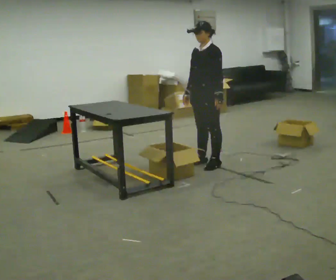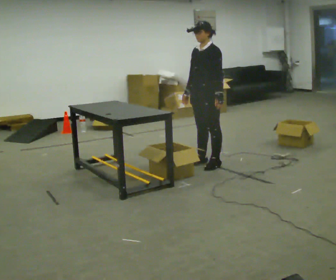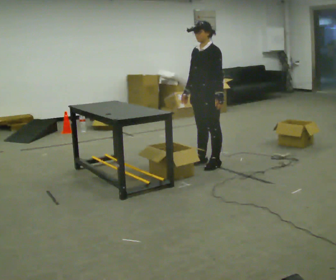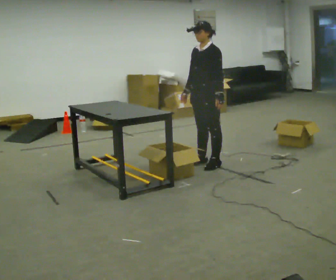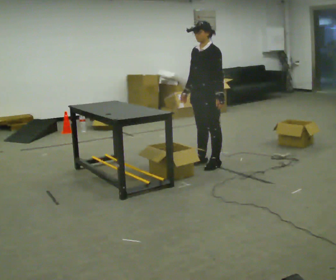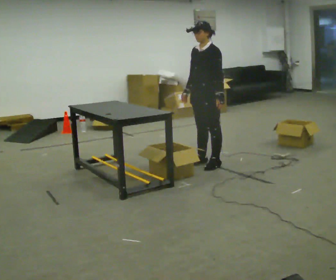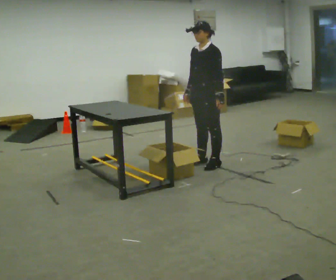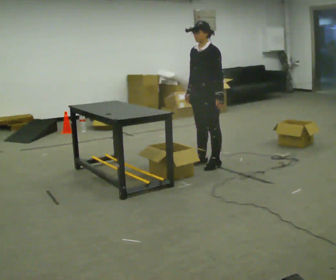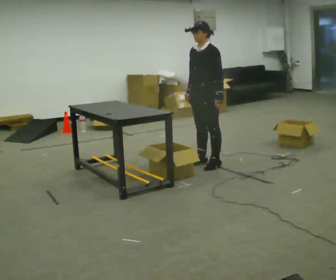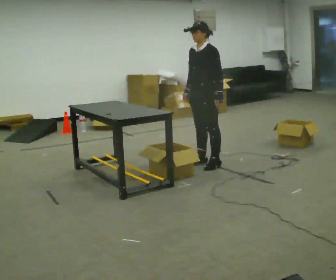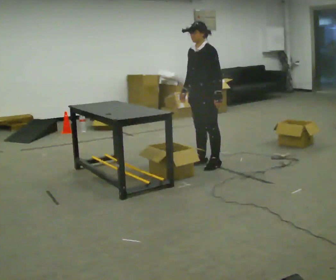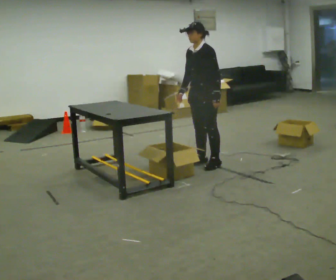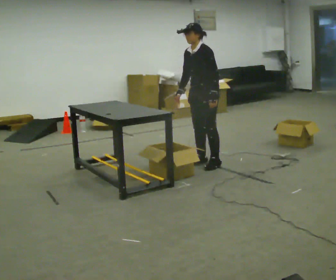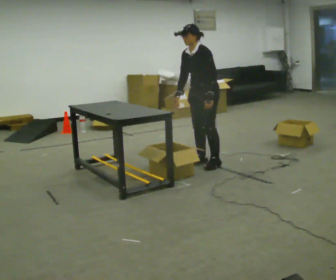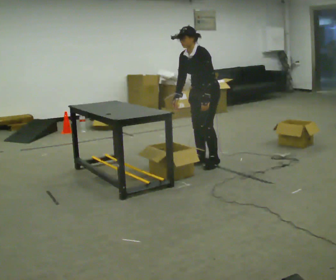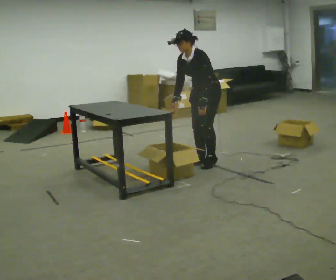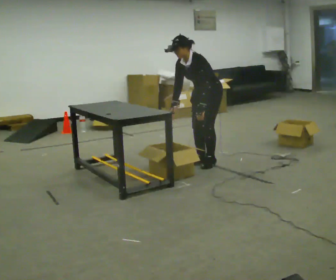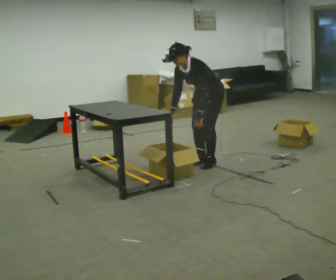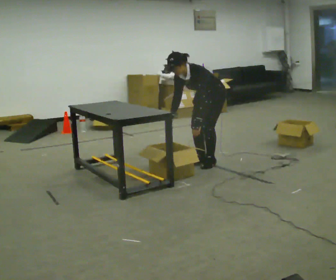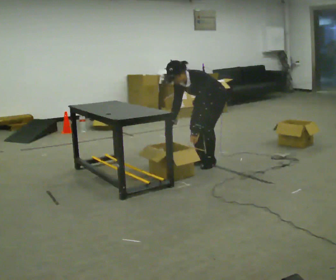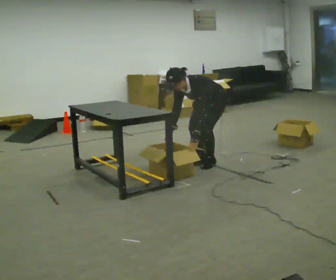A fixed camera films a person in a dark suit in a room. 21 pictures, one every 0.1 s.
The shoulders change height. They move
downward.
0.0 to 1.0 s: The person moves a little, or ends about where they began.
1.0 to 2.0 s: The upper body goes downward. The upper body tips toward the camera, its near side rolling downward, as they bend forward. In the picture their right hand goes downward.
The film runs backward here.
